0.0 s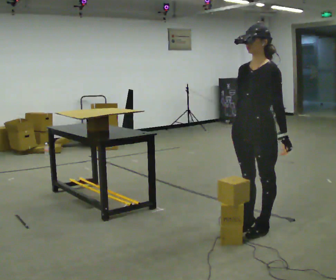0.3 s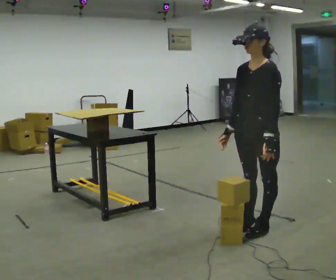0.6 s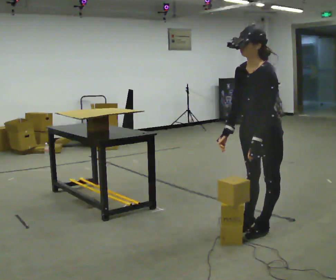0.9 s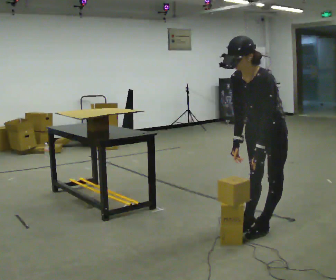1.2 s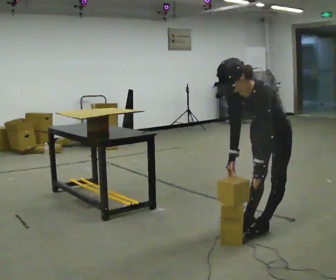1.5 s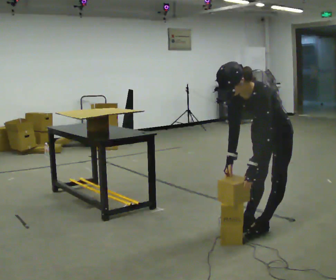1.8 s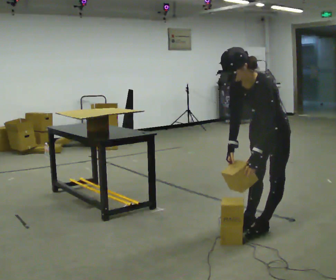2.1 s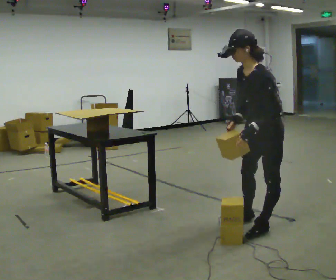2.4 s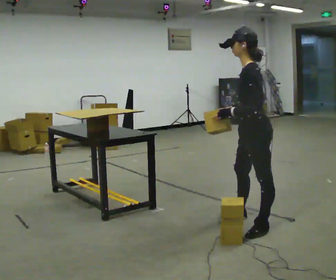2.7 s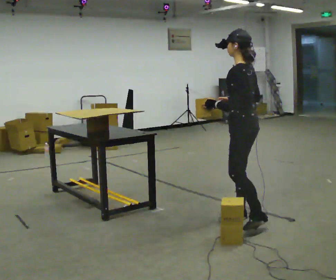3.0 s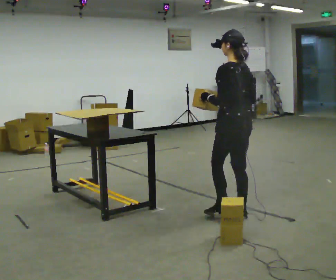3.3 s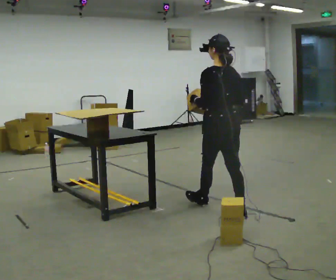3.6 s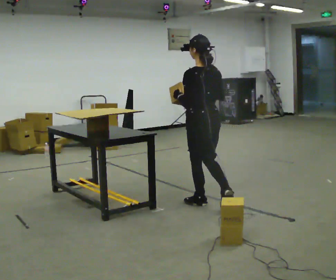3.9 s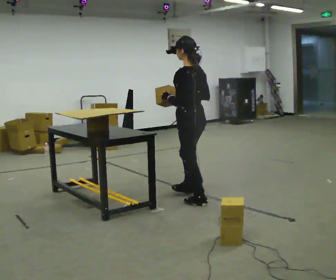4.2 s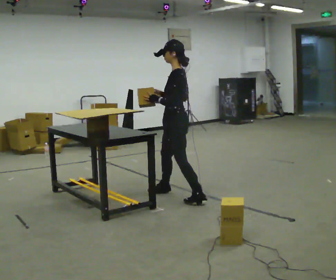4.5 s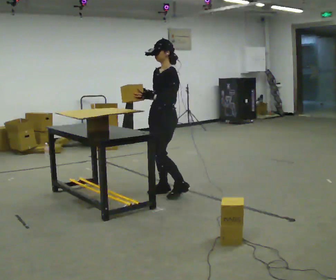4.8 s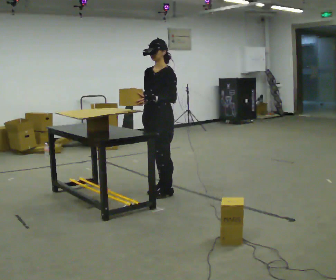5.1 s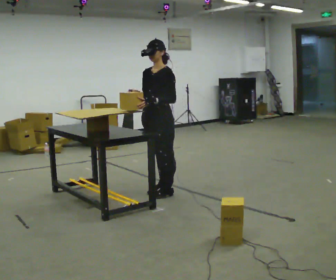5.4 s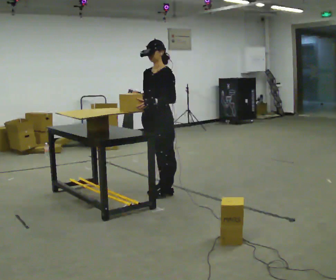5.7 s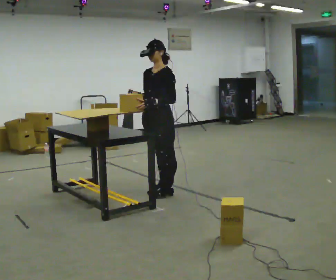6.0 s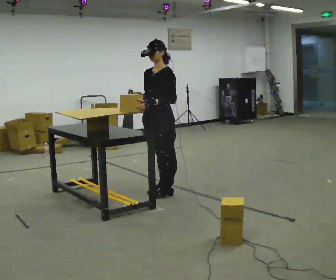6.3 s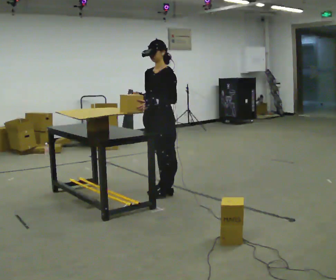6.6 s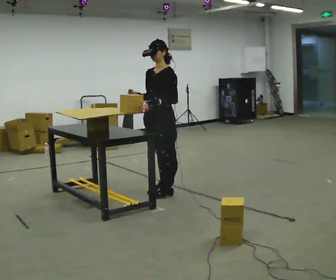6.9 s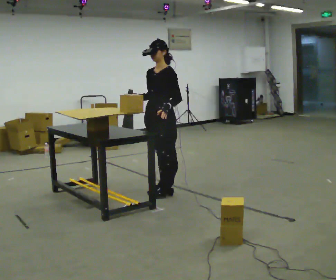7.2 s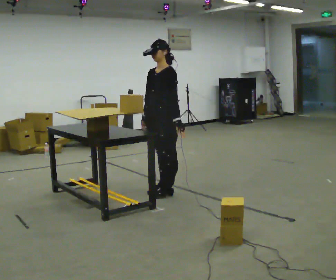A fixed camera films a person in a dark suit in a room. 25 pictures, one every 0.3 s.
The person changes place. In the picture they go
away from the camera.
0.0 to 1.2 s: The upper body goes downward. In the picture the upper body tilts counterclockwise, shoulders to the left, as they bend forward.
1.2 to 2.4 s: The person turns about 45 degrees to their right, clockwise seen from above, so the part of the body nearest the lens slides to the left. In the picture they go to the left, about 0.25 m in 1 step, which for them is forward. The shoulders move upward. In the picture the upper body tilts clockwise, shoulders to the right, as they lean back or straighten. In the picture their left hand goes upward.
2.4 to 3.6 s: The person turns about 45 degrees to their right, clockwise seen from above, so the part of the body nearest the lens slides to the left. In the picture they go away from the camera and to the left, about 0.75 m in 1 step, which for them is forward.
3.6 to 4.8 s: The person turns about 105 degrees to their left, counterclockwise seen from above, so the part of the body nearest the lens slides to the right. In the picture they go away from the camera and to the left, about 0.5 m in 2 steps.
4.8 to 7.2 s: The person moves a little, or ends about where they began.
The film runs forward here.
